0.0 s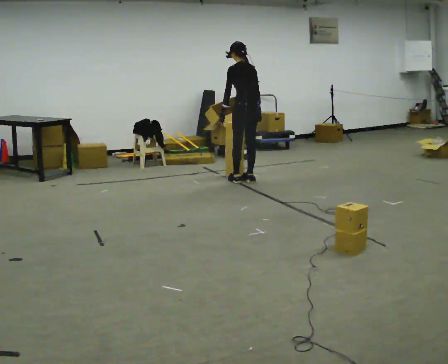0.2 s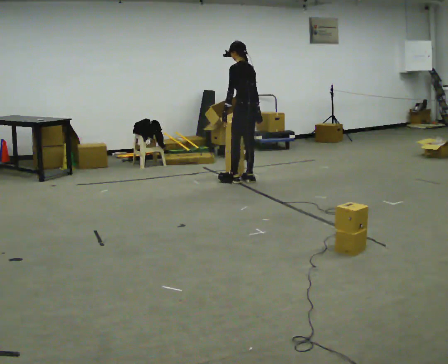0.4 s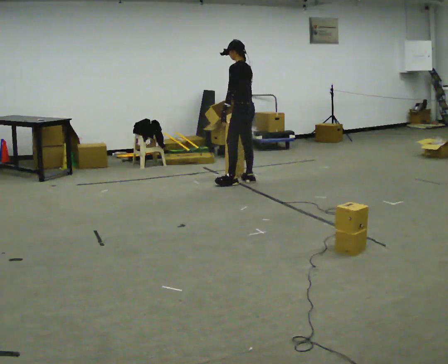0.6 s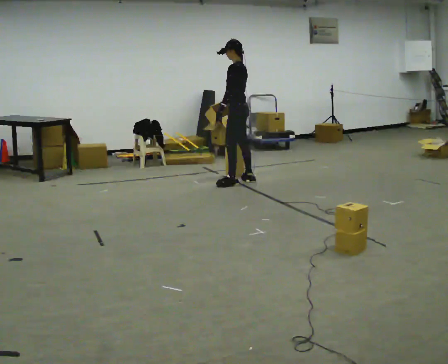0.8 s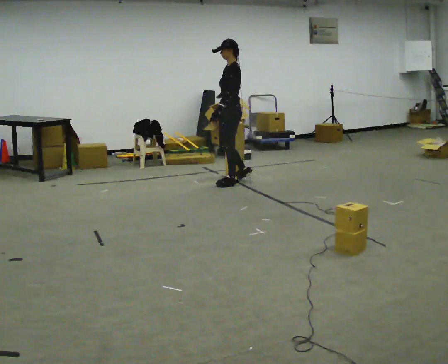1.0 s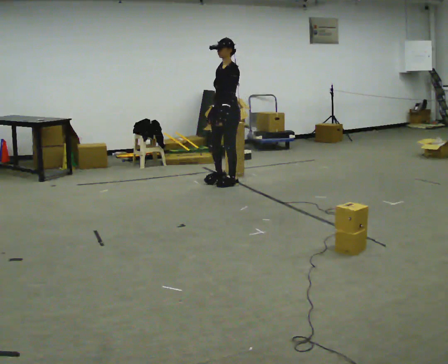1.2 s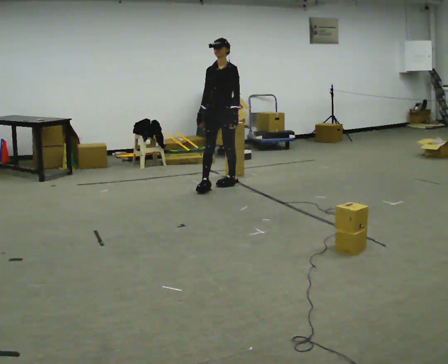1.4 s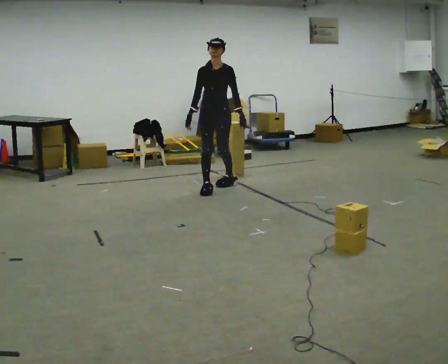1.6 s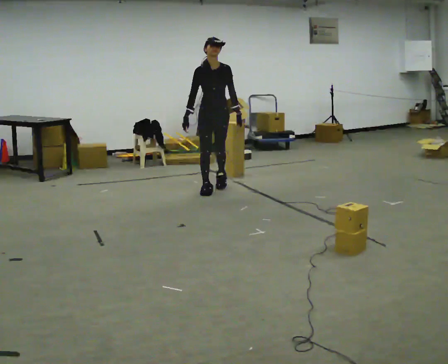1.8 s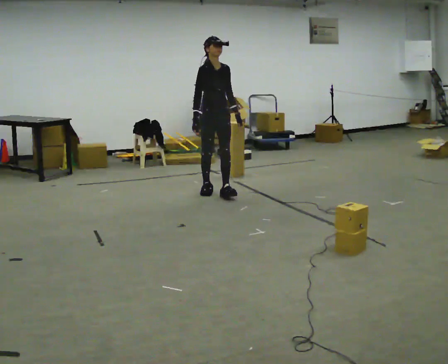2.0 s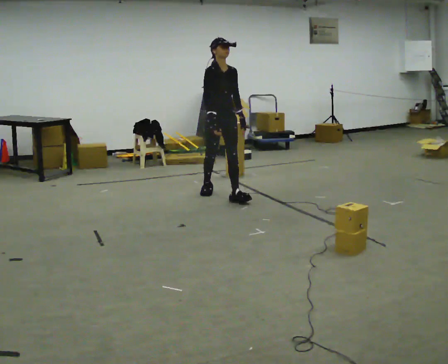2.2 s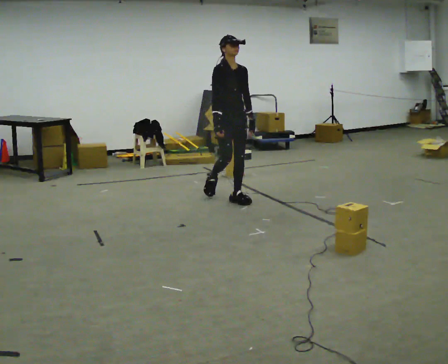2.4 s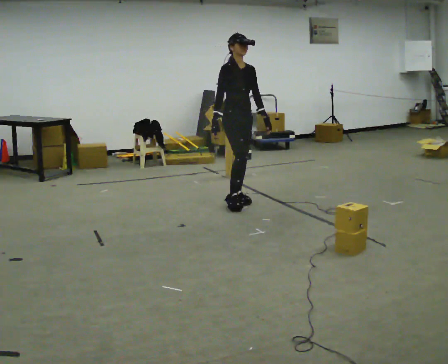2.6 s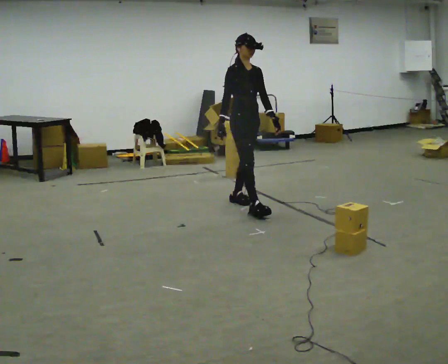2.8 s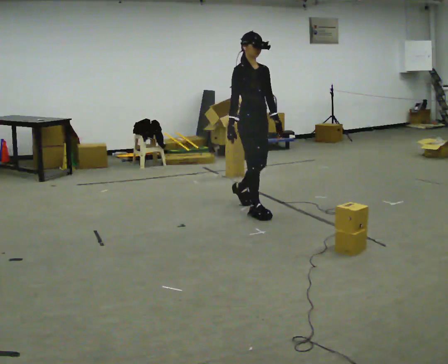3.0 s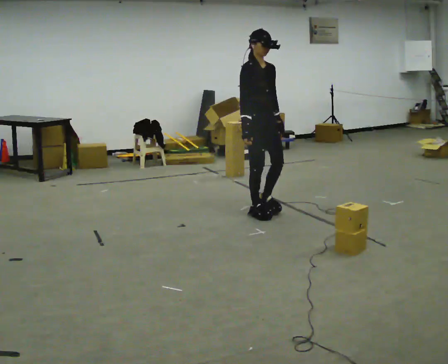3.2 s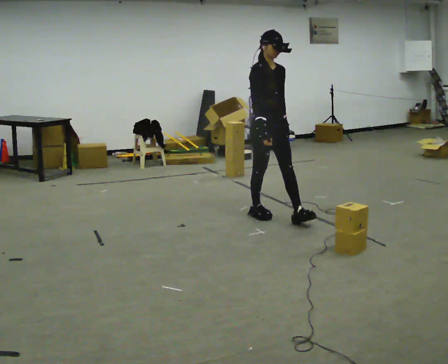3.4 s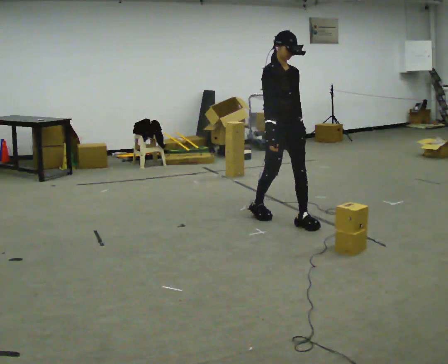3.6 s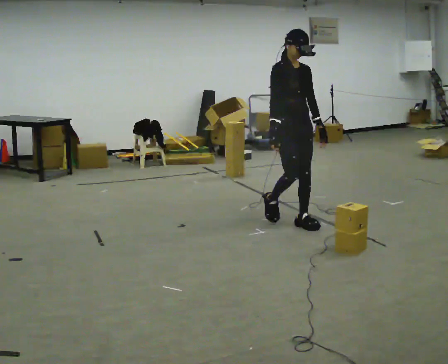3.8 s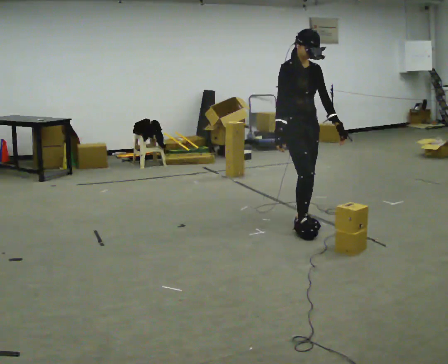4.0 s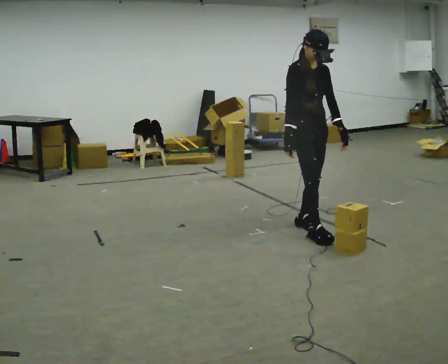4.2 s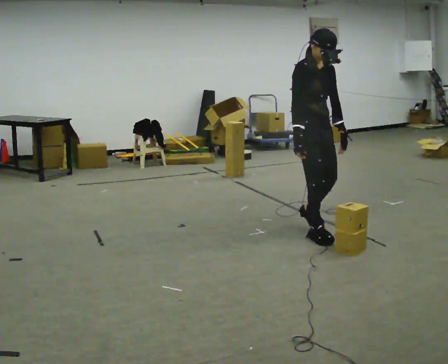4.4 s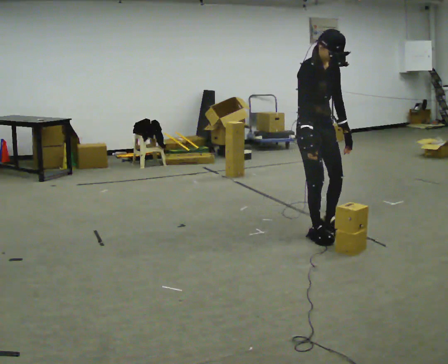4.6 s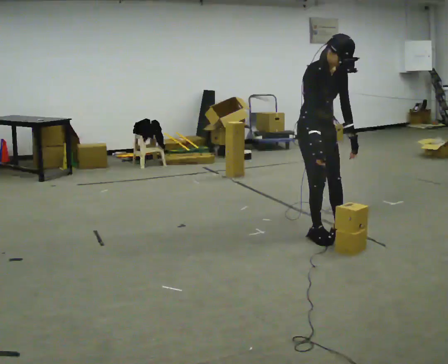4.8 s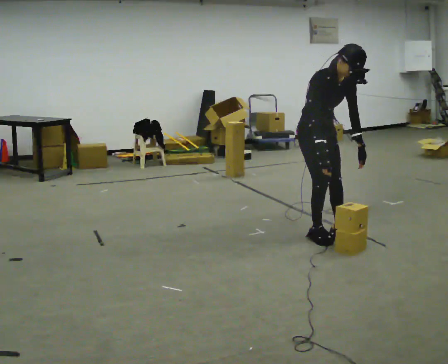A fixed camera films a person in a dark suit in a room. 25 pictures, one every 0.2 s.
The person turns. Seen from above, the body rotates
counterclockwise.
The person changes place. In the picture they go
toward the camera.
0.0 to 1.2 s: Seen from above the body turns counterclockwise, about 120 degrees: to their left, with its near side sliding to the right. In the picture they go to the left and toward the camera, about 0.25 m. The upper body tips toward the camera, its near side rolling downward.
1.2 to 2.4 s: The part of the body nearest the lens slides to the right as the person turns to their left by about 60 degrees. In the picture they go toward the camera, about 0.75 m in 2 steps.
2.4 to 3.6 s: In the picture they go toward the camera and to the right, about 1 m in 2 steps, which for them is forward.
3.6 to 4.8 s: In the picture they go toward the camera, about 0.25 m in 2 steps, which for them is forward. The upper body tips toward the camera, its near side rolling downward, as they bend forward.
The film runs forward here.
